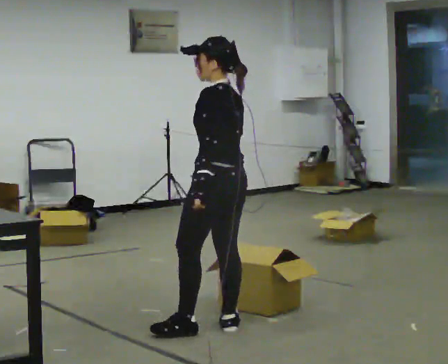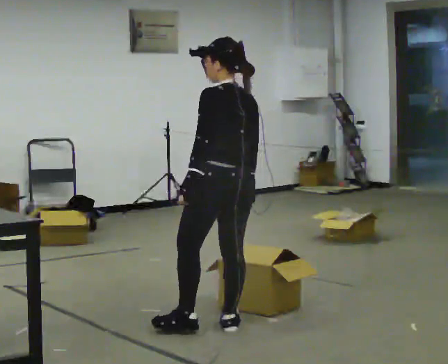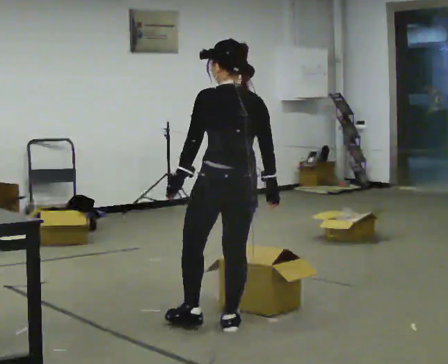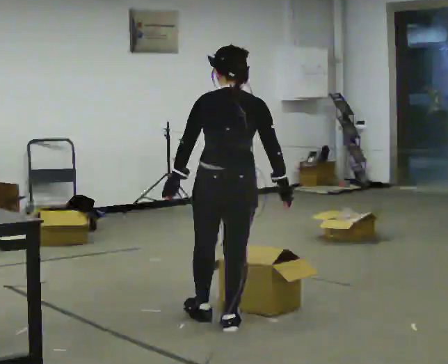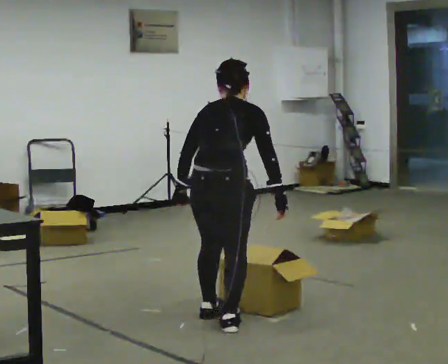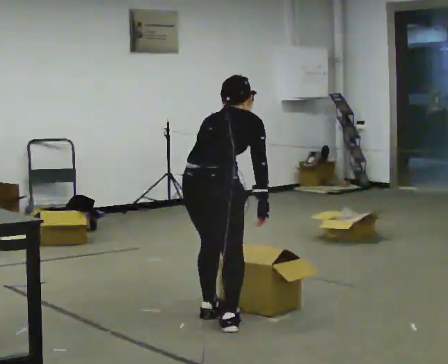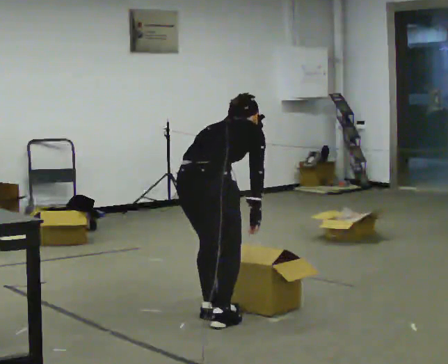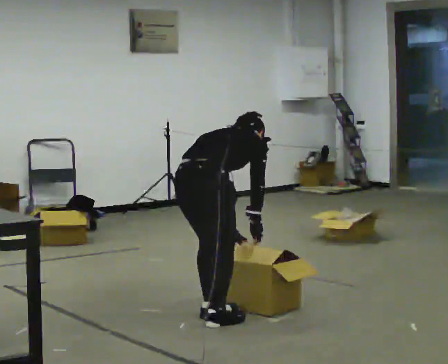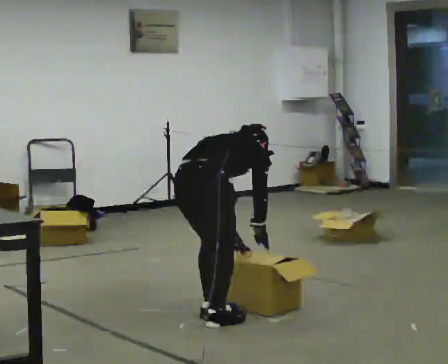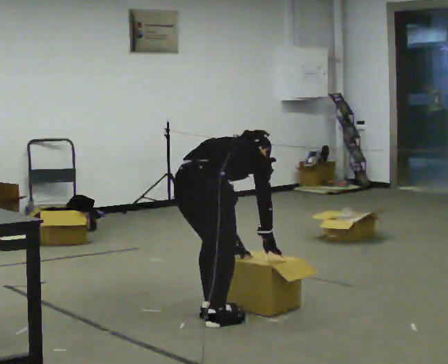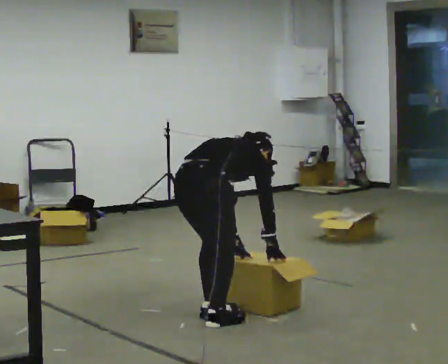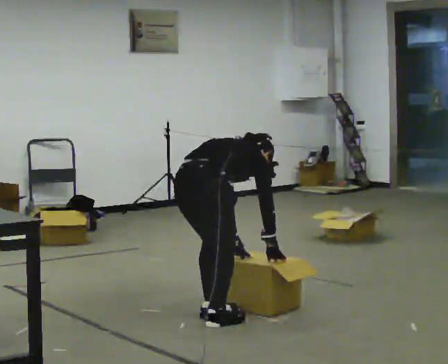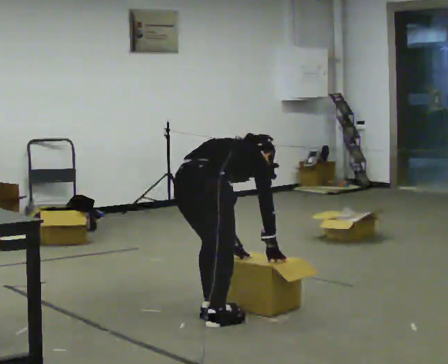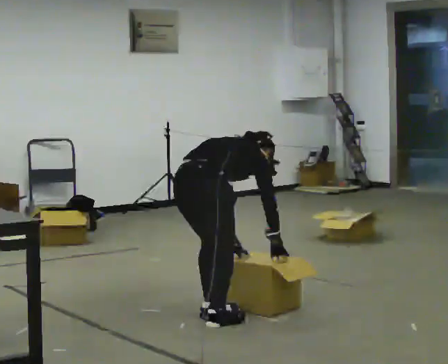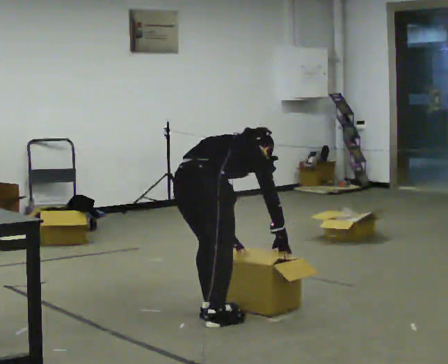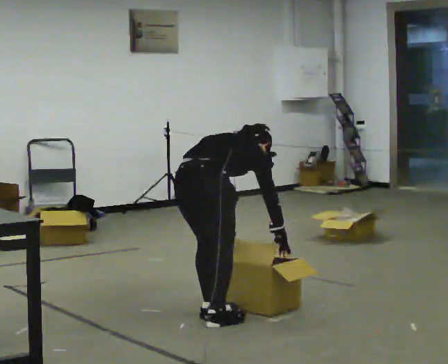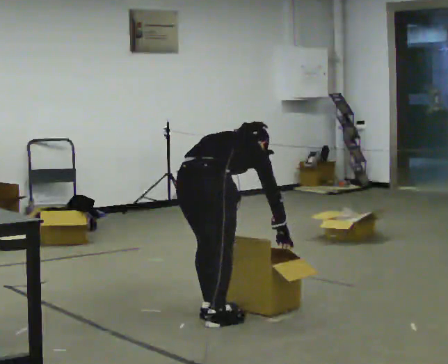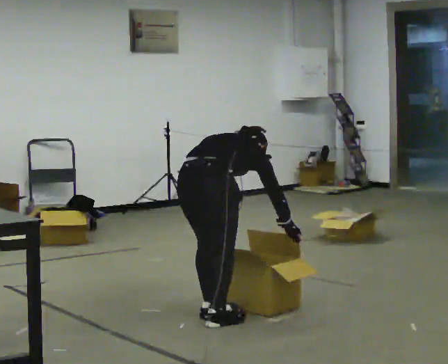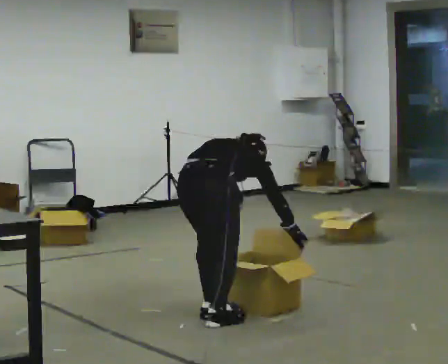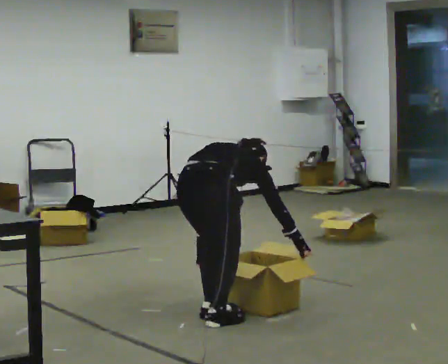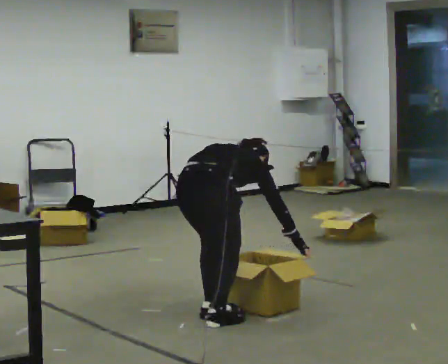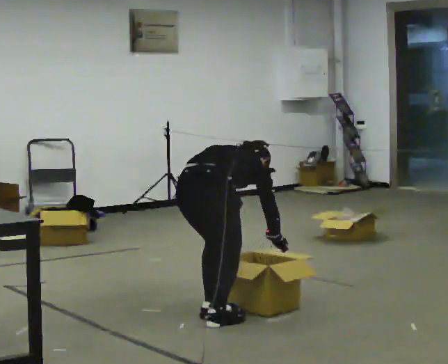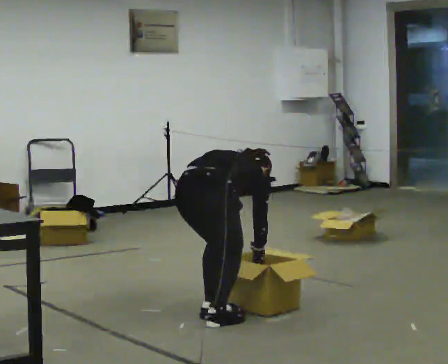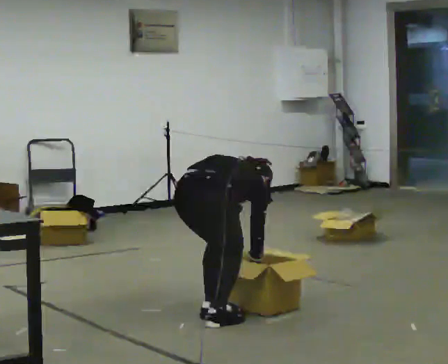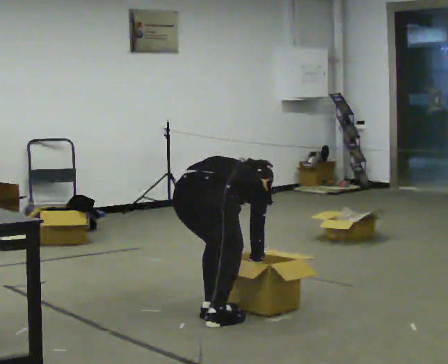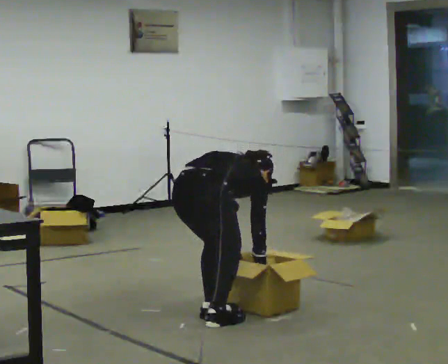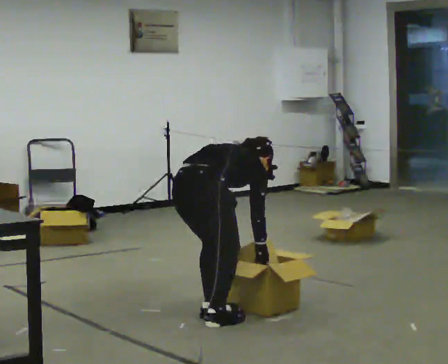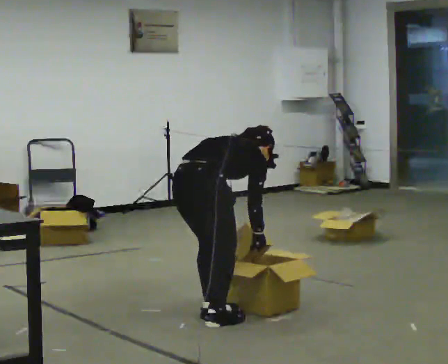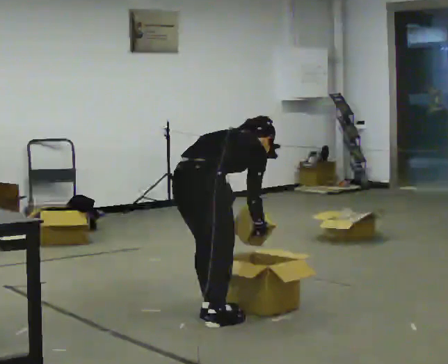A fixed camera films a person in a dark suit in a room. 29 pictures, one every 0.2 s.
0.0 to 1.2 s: The part of the body nearest the lens slides to the left as the person turns to their right by about 90 degrees. The upper body goes downward. The upper body tips away from the camera, its near side rolling upward, as they bend forward.
1.2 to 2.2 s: In the picture the upper body tilts clockwise, shoulders to the right, as they bend forward.
2.2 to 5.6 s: The person moves a little, or ends about where they began.
The film runs backward here.
